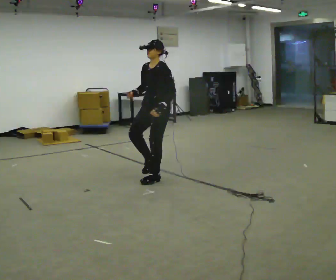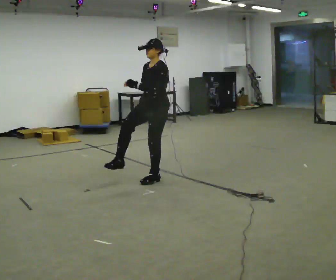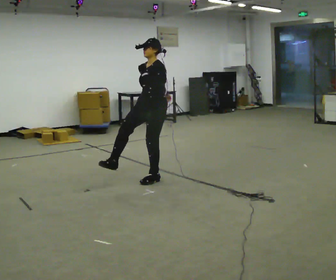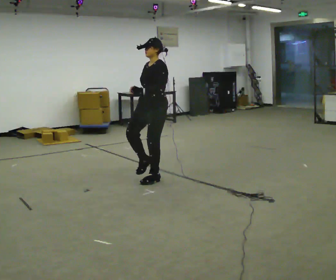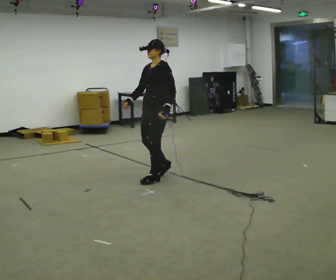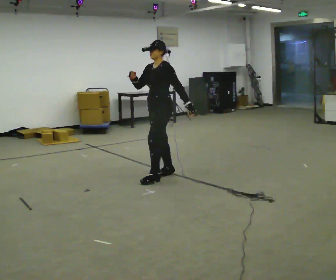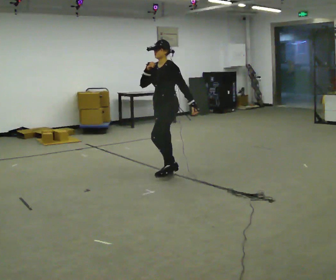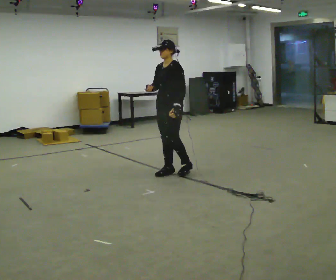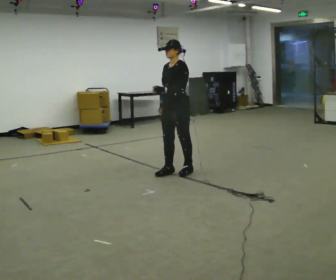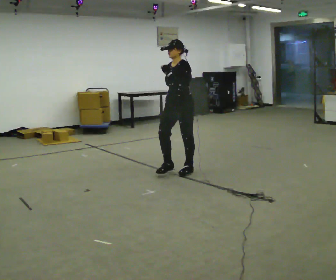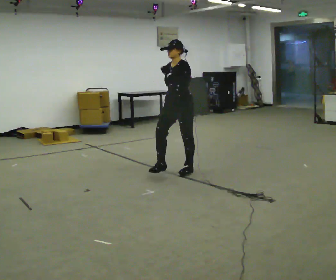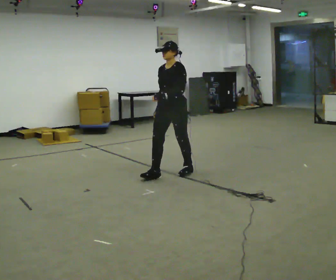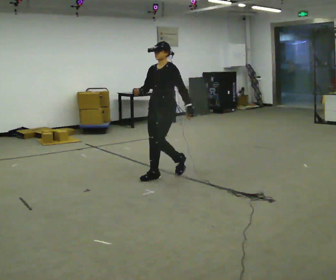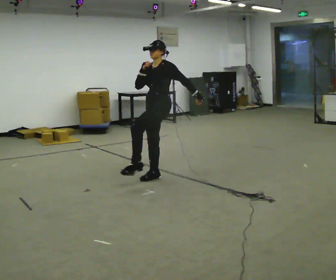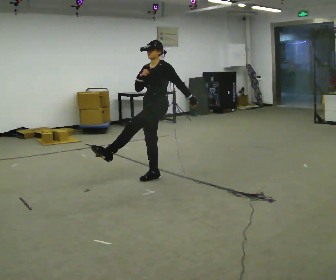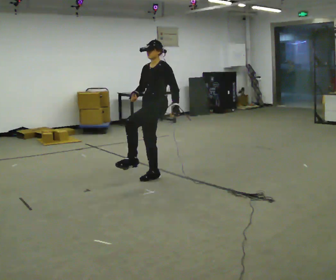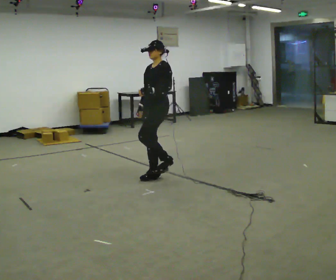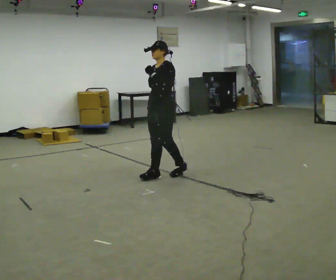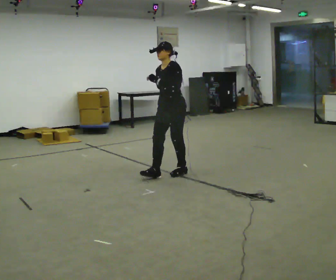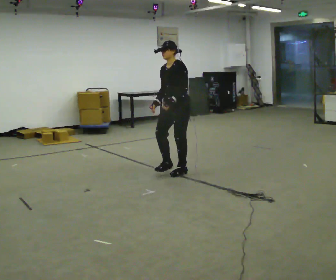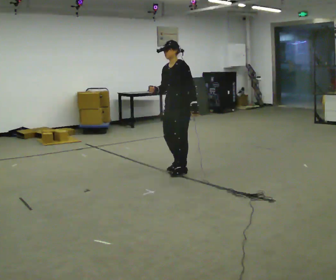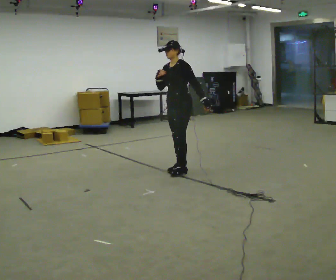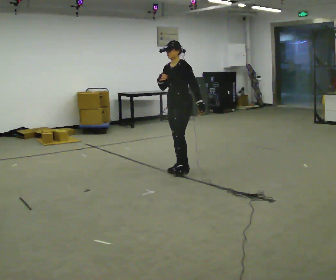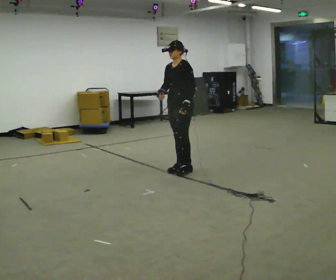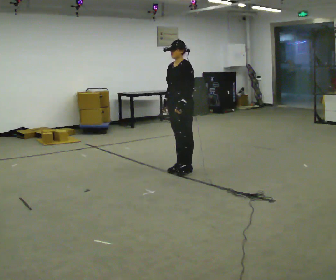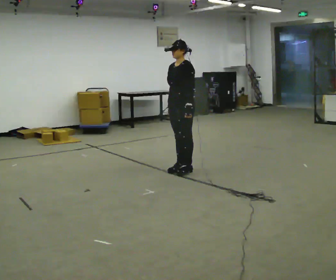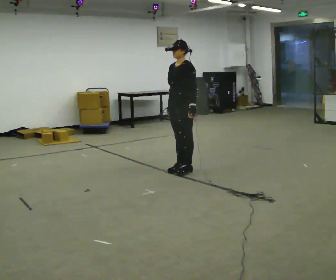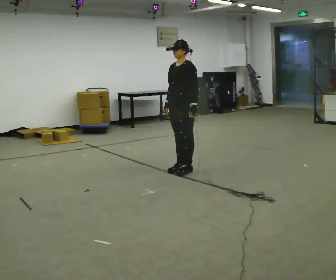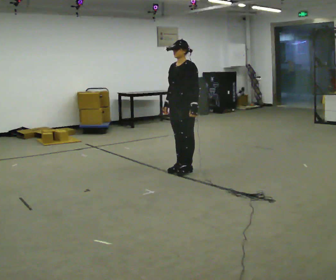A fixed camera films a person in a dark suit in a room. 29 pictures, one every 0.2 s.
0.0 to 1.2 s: In the picture they go away from the camera, about 0.25 m, which for them is backward. In the picture their left hand goes to the right.
1.2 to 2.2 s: In the picture their right hand goes downward.
2.2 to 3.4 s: In the picture their left hand goes upward.
3.4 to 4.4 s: In the picture they go away from the camera and to the right, about 0.25 m in 1 step, which for them is backward. In the picture their left hand goes downward.
4.4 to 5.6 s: The person moves a little, or ends about where they began.
The film runs forward here.
